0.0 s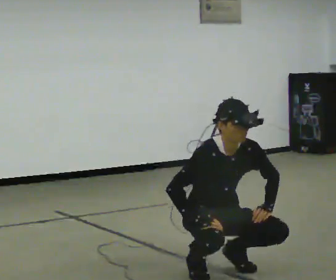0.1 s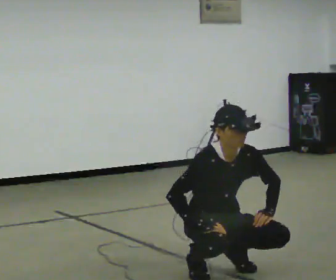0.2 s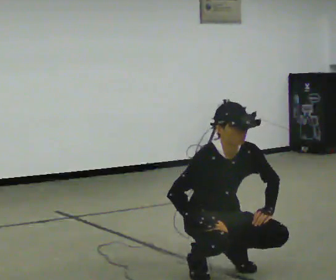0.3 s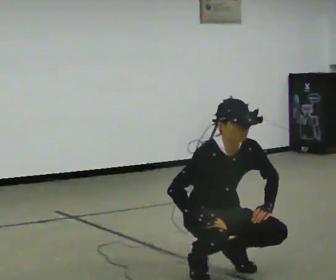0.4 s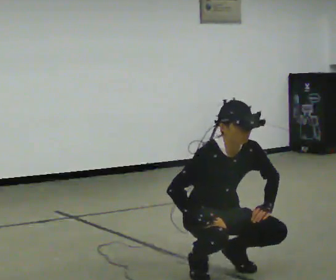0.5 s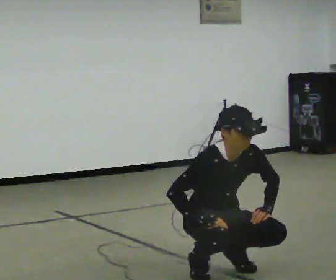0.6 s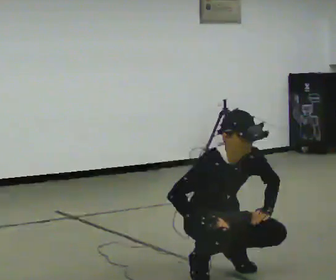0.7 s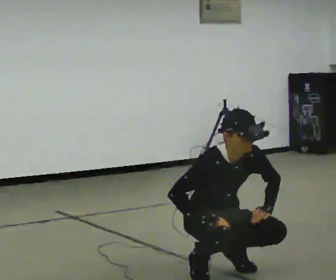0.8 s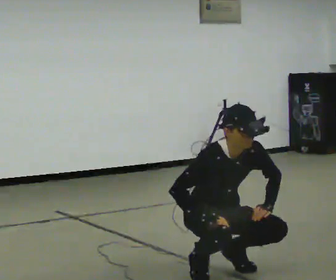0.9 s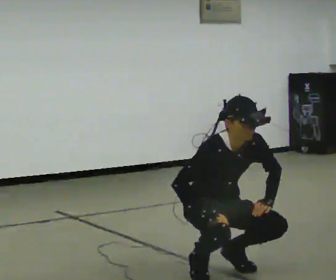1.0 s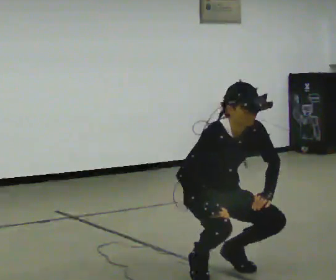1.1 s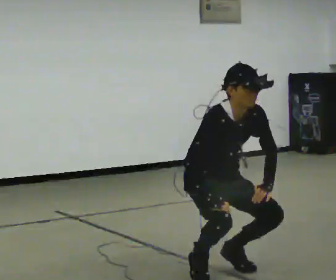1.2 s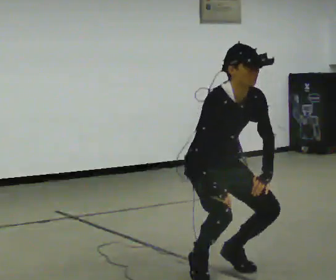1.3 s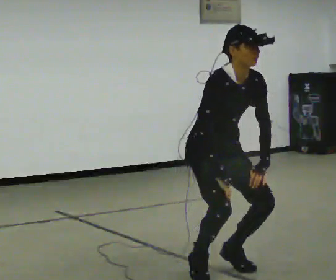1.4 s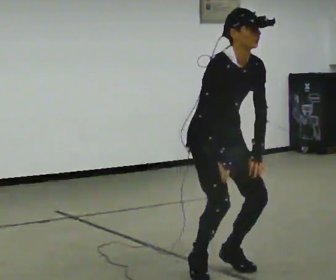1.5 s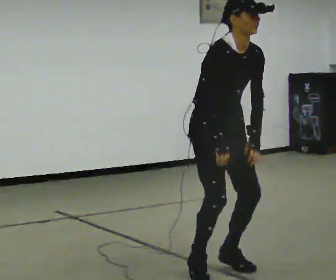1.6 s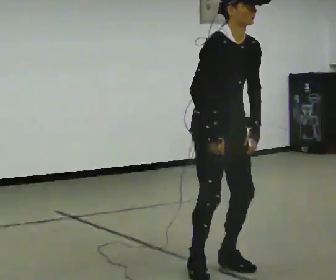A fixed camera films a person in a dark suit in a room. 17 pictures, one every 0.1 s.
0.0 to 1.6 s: The shoulders move upward. In the picture their left hand goes upward.
The film runs forward here.
